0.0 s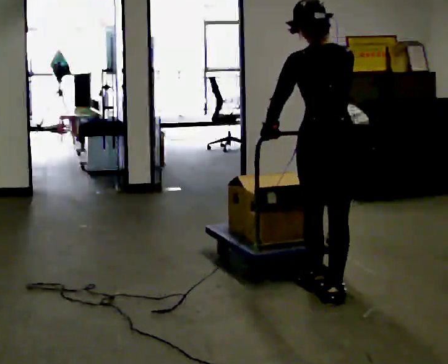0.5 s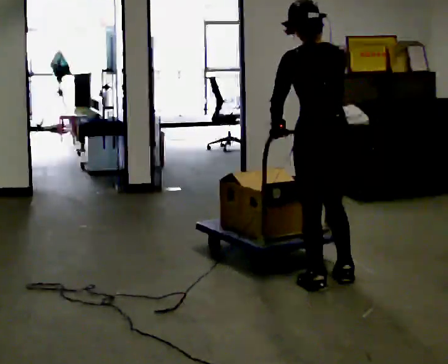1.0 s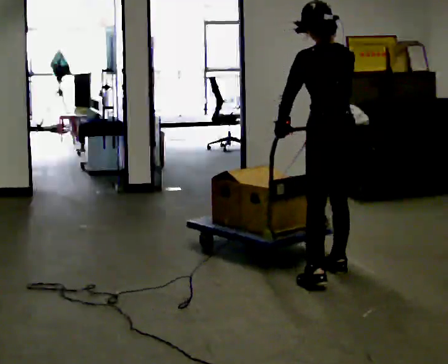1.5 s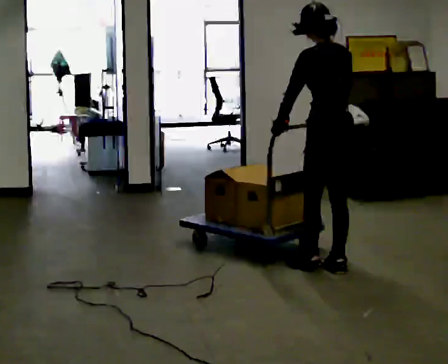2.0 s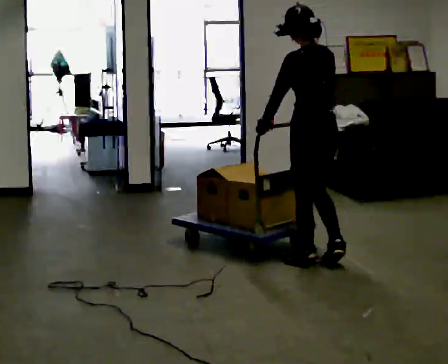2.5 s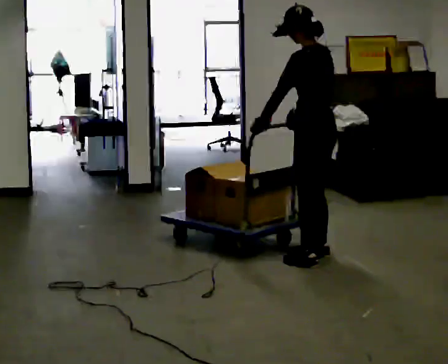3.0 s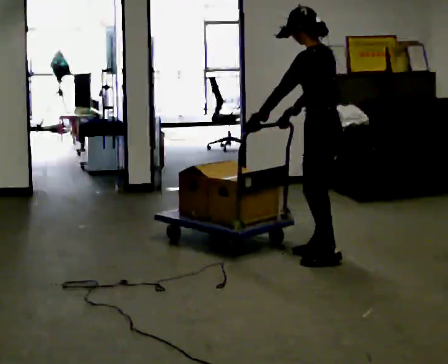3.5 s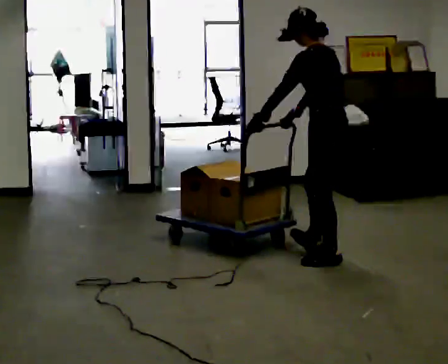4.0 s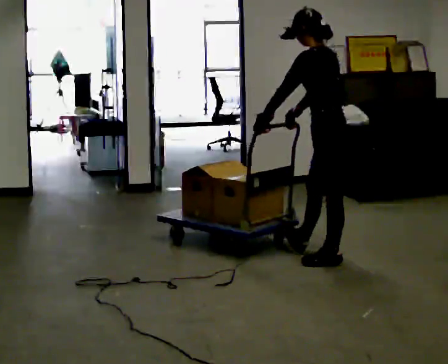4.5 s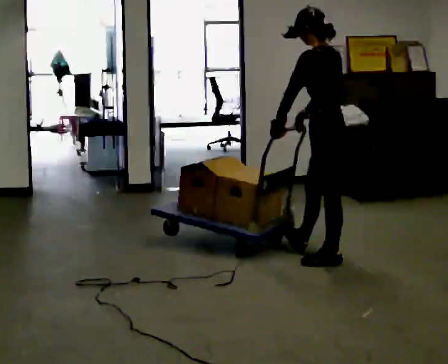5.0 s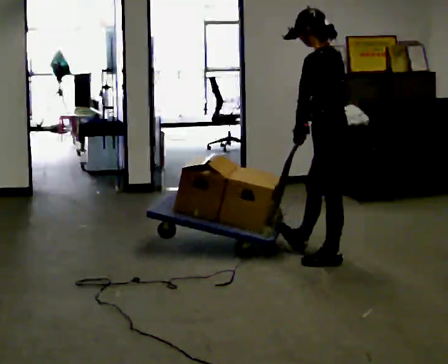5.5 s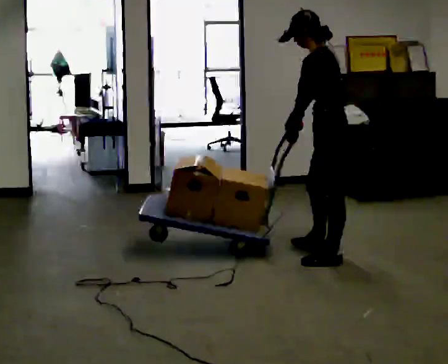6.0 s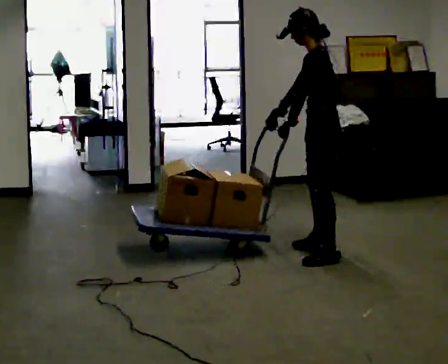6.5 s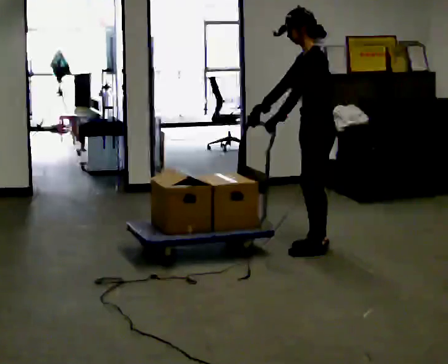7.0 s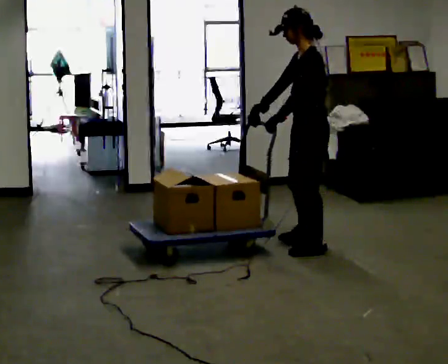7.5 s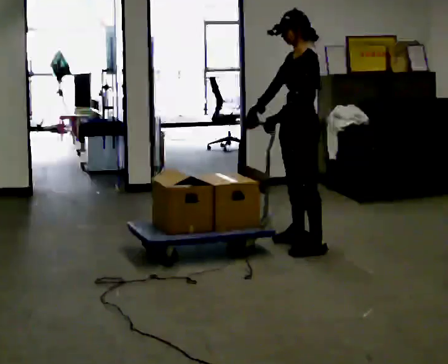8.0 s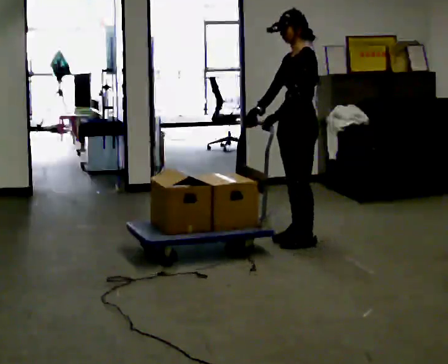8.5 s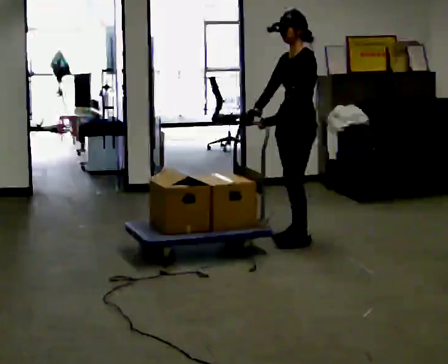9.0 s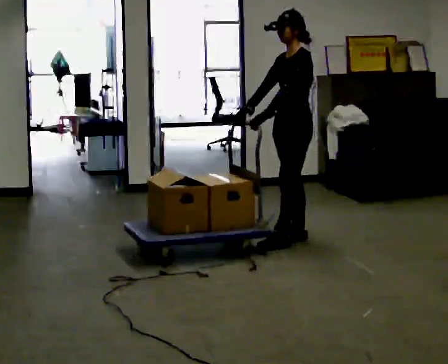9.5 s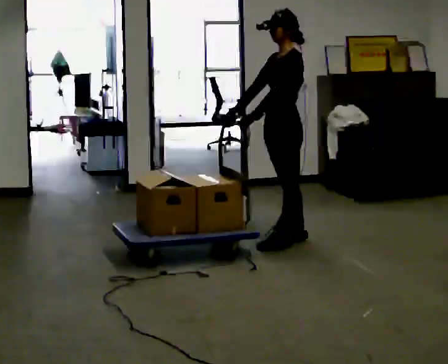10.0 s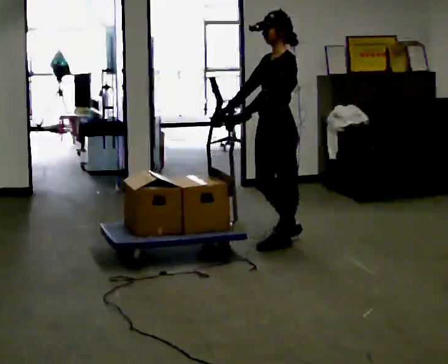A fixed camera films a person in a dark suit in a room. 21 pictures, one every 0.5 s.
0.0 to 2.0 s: The person turns about 30 degrees to their left, counterclockwise seen from above, so the part of the body nearest the lens slides to the right. In the picture they go away from the camera, about 0.5 m in 2 steps, which for them is forward.
2.0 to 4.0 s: The person turns about 30 degrees to their left, counterclockwise seen from above, so the part of the body nearest the lens slides to the right.
4.0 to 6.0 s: In the picture they go away from the camera, about 0.25 m in 1 step, which for them is to their right and forward.
6.0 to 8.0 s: Seen from above the body turns counterclockwise, about 30 degrees: to their left, with its near side sliding to the right. In the picture they go away from the camera and to the left, about 0.25 m in 3 steps, which for them is to their right and forward.
8.0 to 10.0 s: In the picture they go toward the camera, about 0.25 m in 1 step, which for them is forward.
The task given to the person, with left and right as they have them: Push the cart across the room and back. The operator will change how much is loaded on it between takes and will tell you each time.
The film runs forward here.
